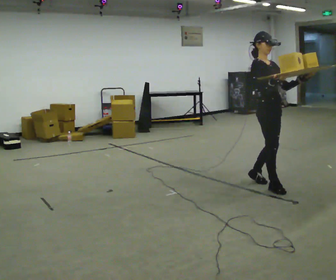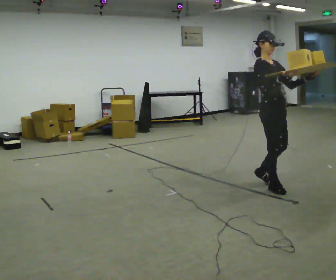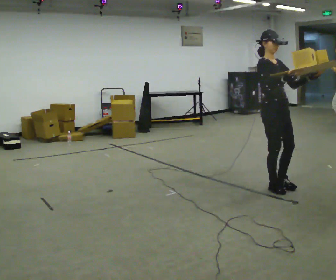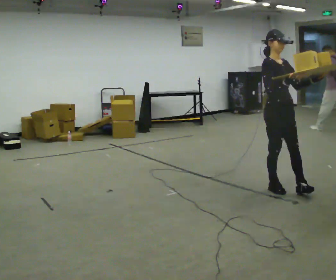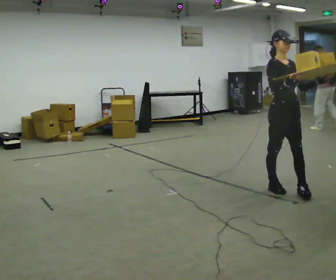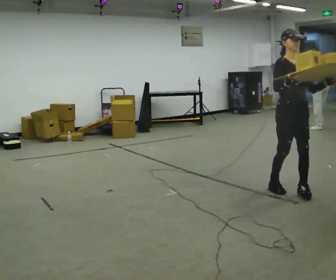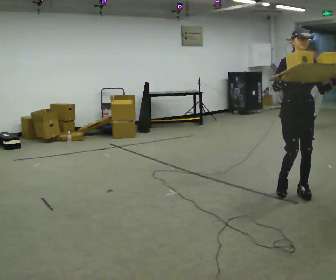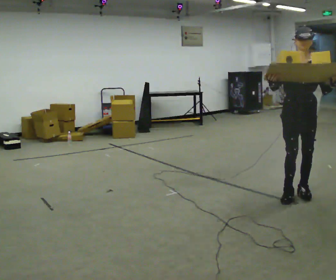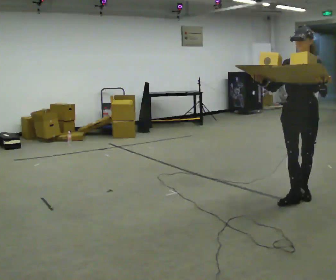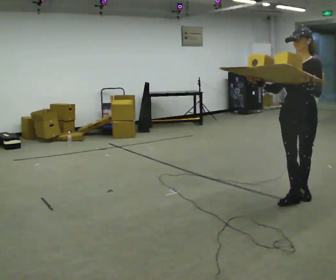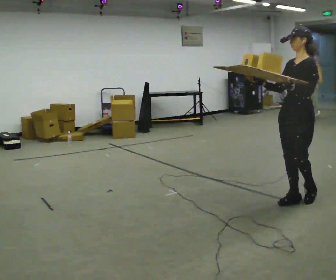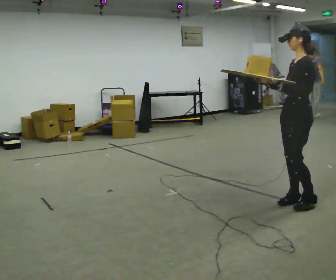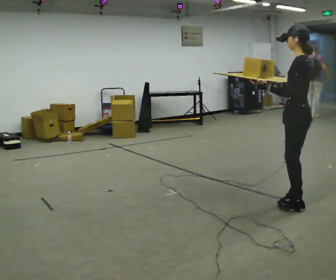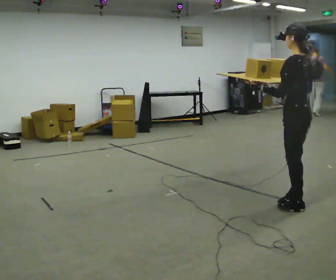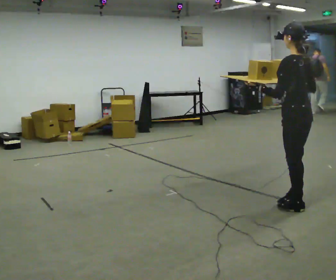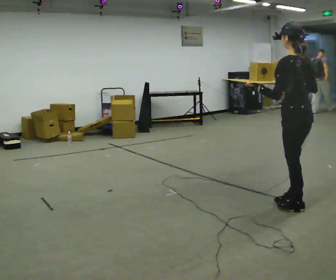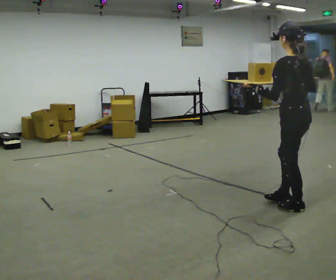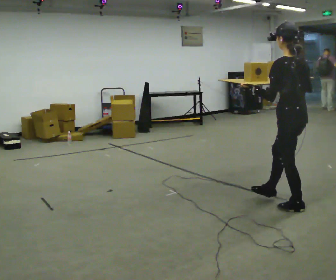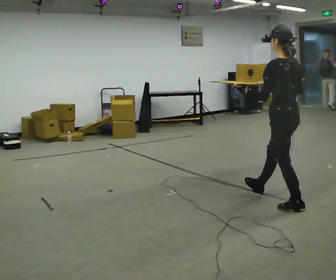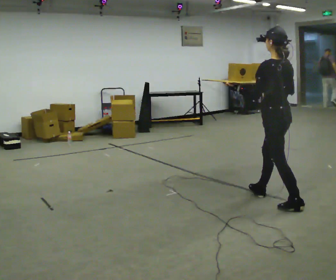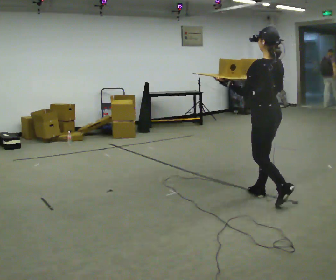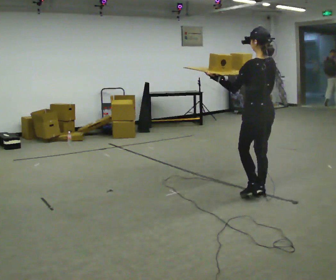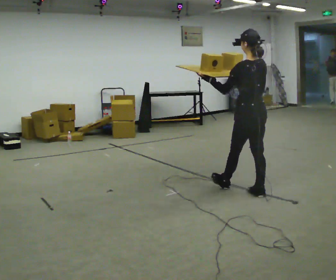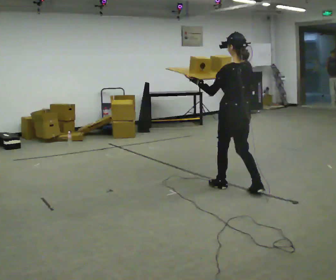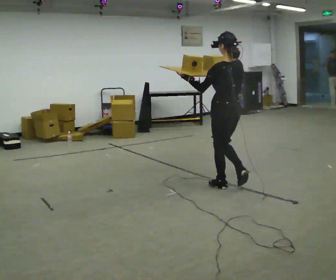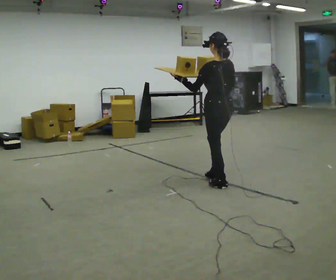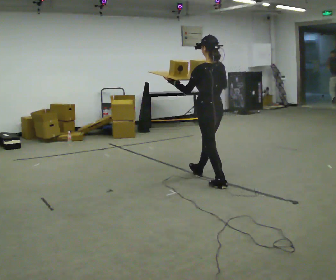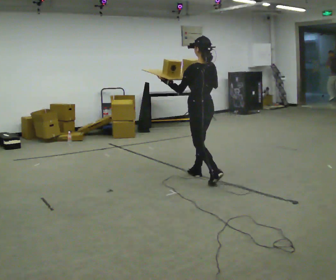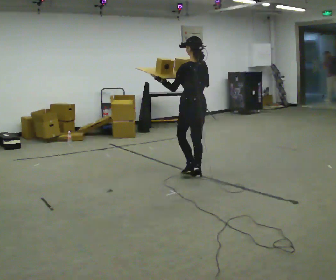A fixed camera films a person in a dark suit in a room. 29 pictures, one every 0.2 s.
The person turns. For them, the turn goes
to their right.
The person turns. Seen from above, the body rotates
clockwise.
0.0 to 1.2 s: Seen from above the body turns clockwise, about 45 degrees: to their right, with its near side sliding to the left. In the picture they go to the right and toward the camera, about 0.25 m in 1 step, which for them is forward.
1.2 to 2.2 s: The part of the body nearest the lens slides to the left as the person turns to their right by about 90 degrees. In the picture they go toward the camera, about 0.25 m in 1 step.
2.2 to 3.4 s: Seen from above the body turns clockwise, about 60 degrees: to their right, with its near side sliding to the left. In the picture they go toward the camera, about 0.25 m in 1 step, which for them is to their left.
3.4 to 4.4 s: In the picture they go to the left and away from the camera, about 0.5 m in 1 step, which for them is forward.
4.4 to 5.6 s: In the picture they go to the left and away from the camera, about 1 m in 2 steps, which for them is forward.
The film runs forward here.
